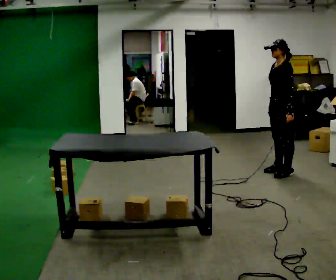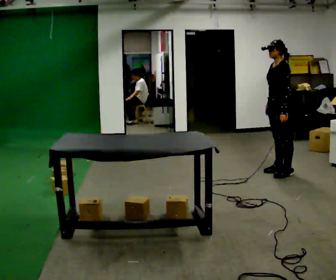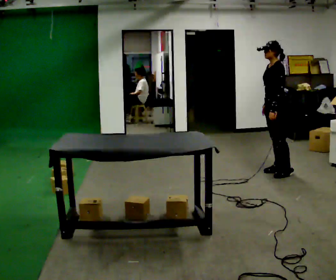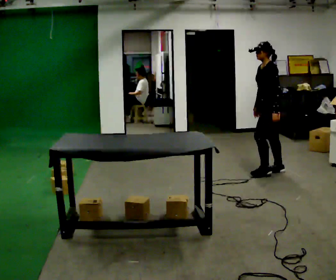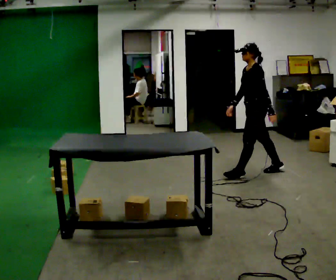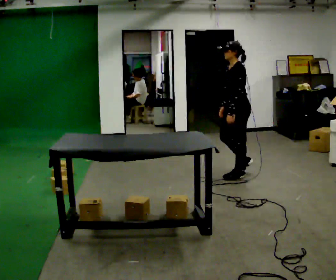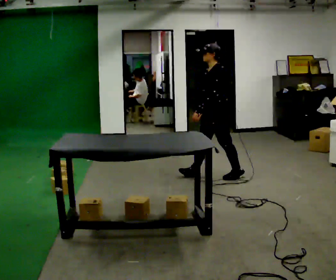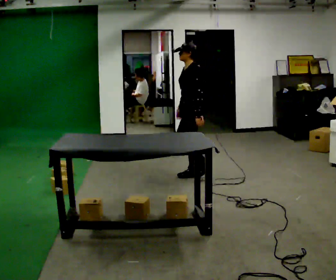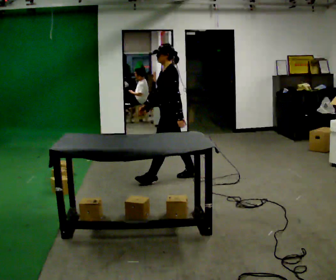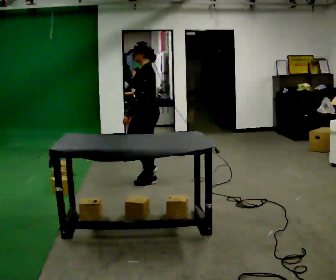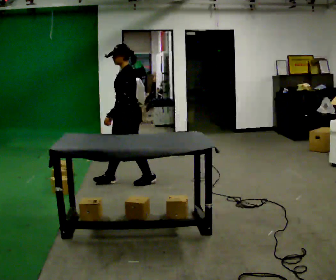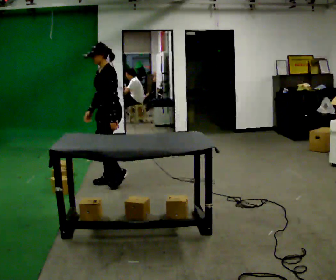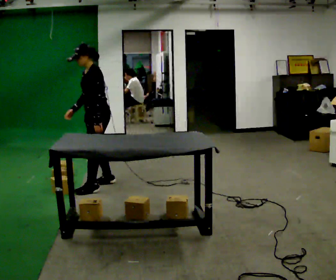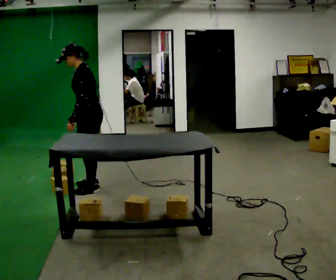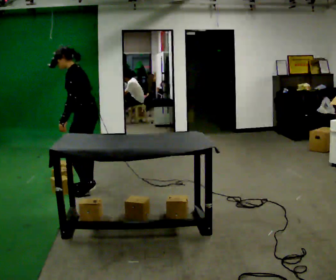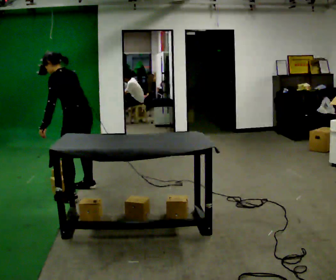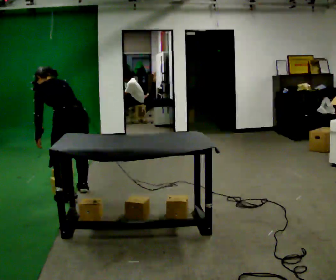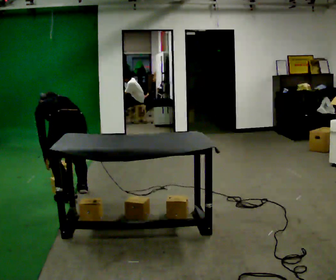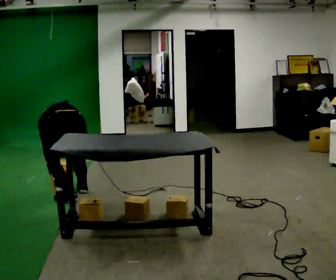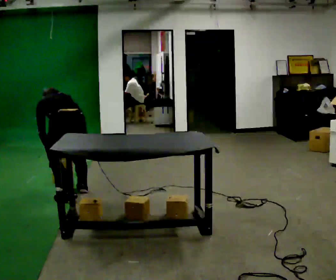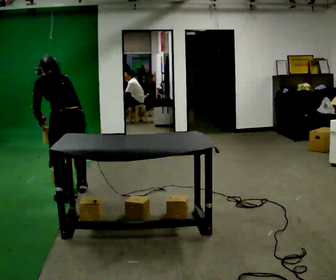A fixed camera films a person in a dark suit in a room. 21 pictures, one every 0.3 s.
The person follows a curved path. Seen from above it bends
counterclockwise.
The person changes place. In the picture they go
to the left.
0.0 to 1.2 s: In the picture they go to the left, about 0.25 m in 1 step, which for them is forward.
1.2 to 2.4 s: In the picture they go to the left, about 1 m in 2 steps, which for them is forward.
2.4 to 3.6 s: In the picture they go to the left, about 1 m in 2 steps, which for them is forward.
3.6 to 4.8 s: The part of the body nearest the lens slides to the left as the person turns to their right by about 60 degrees. In the picture they go toward the camera and to the left, about 0.5 m in 2 steps. The upper body goes downward. The upper body tips away from the camera, its near side rolling upward, as they bend forward.
4.8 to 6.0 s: The person moves a little, or ends about where they began.
The film runs forward here.
